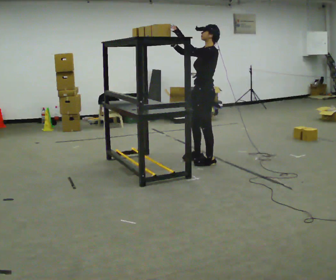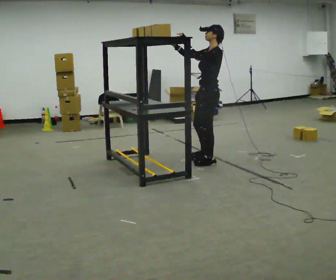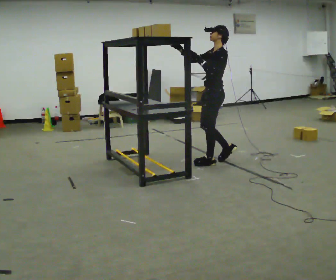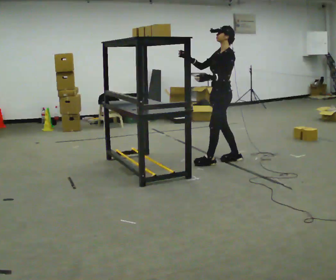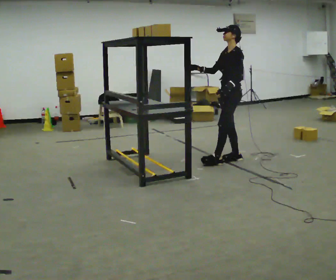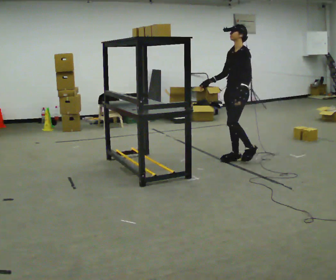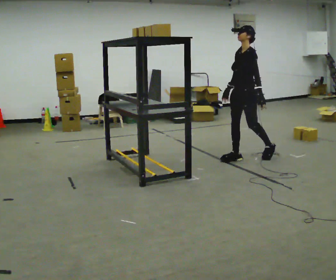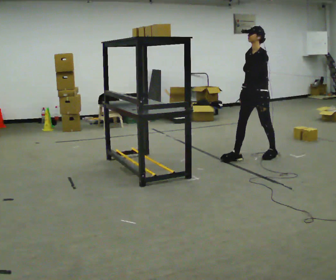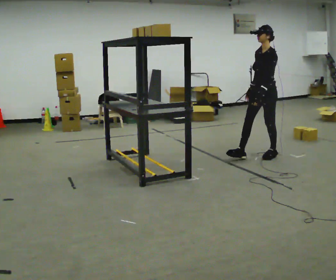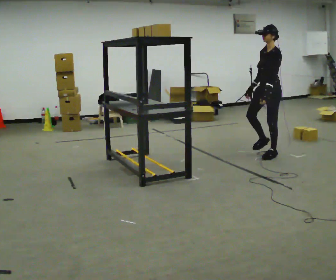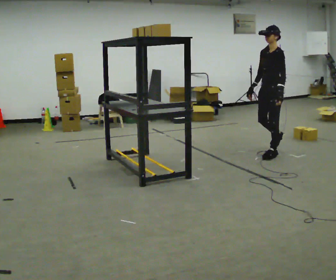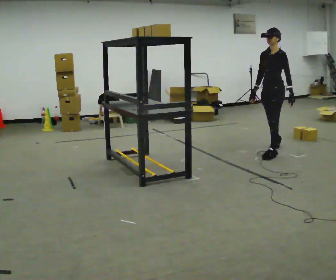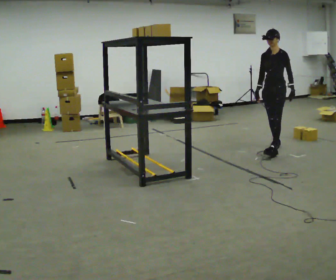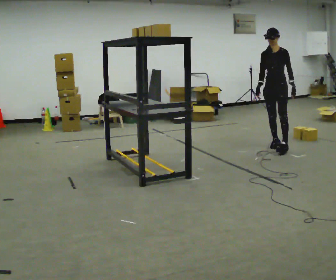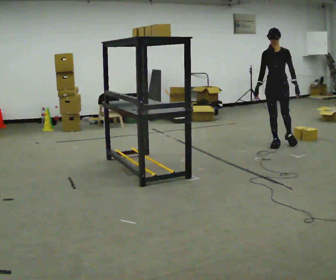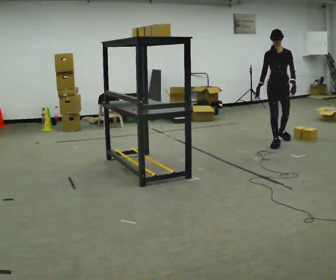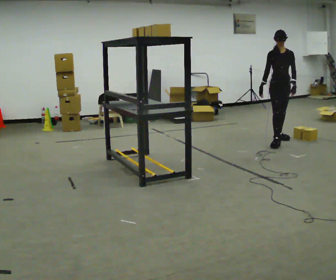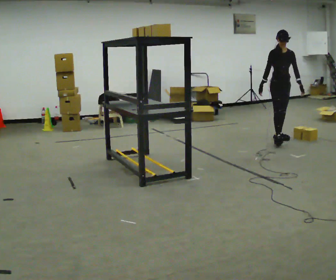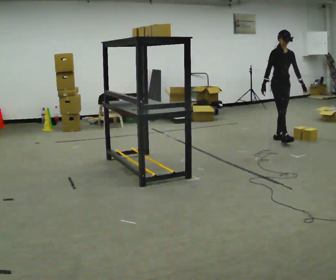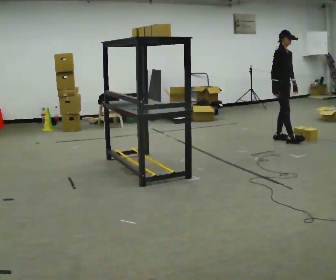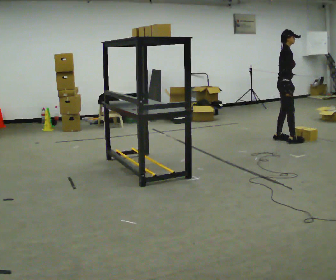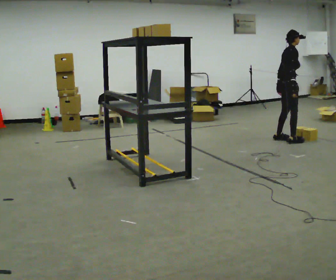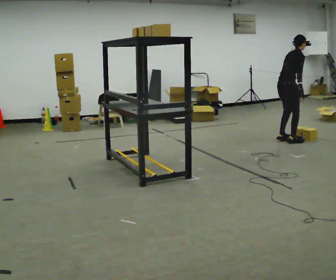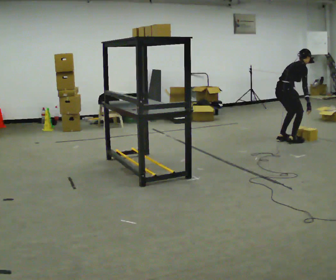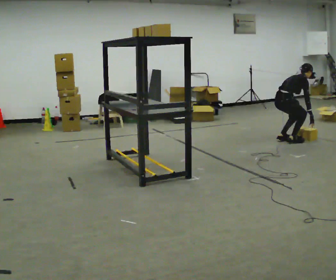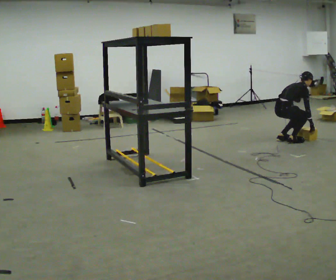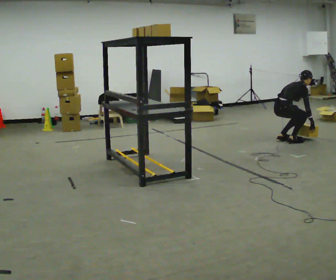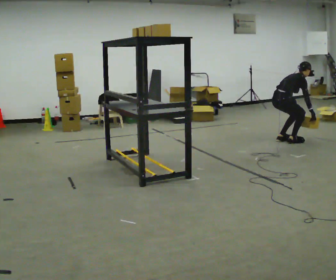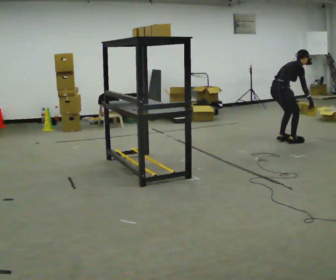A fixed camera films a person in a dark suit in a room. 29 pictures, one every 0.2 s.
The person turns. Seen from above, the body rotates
counterclockwise.
Their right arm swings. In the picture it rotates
counterclockwise.
0.0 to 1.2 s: In the picture they go to the right and away from the camera, about 0.5 m in 2 steps, which for them is backward. In the picture their left hand goes downward.
1.2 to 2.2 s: In the picture they go to the right and away from the camera, about 0.5 m in 1 step, which for them is backward.
2.2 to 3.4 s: Seen from above the body turns counterclockwise, about 60 degrees: to their left, with its near side sliding to the right. In the picture they go away from the camera, about 0.5 m in 1 step.
3.4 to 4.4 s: Seen from above the body turns counterclockwise, about 90 degrees: to their left, with its near side sliding to the right. In the picture the upper body tilts clockwise, shoulders to the right, as they bend forward.
4.4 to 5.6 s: In the picture the upper body tilts clockwise, shoulders to the right, as they bend forward.
The film runs backward here.
